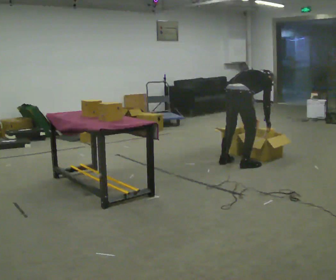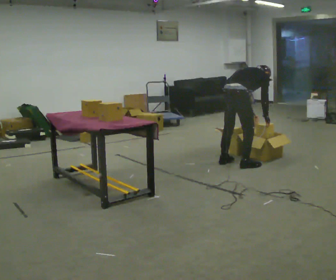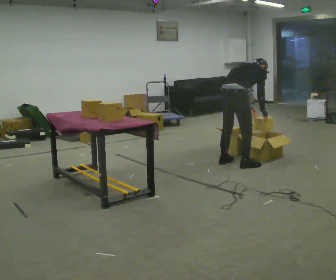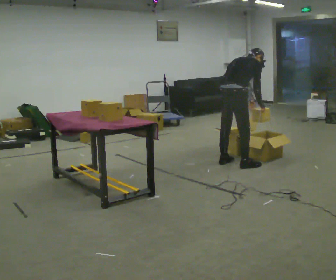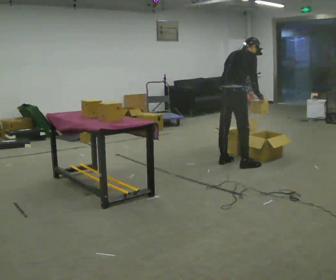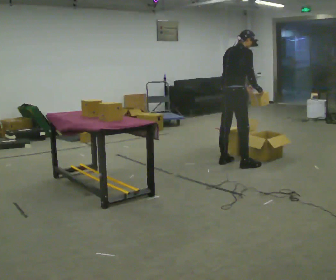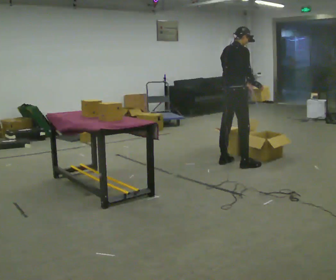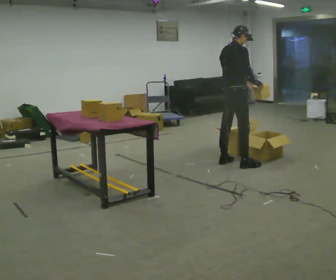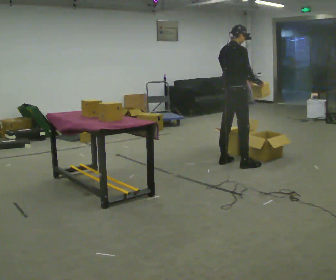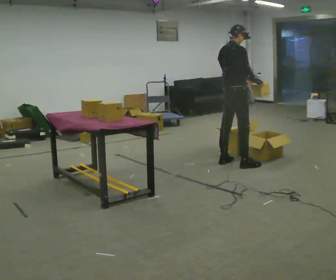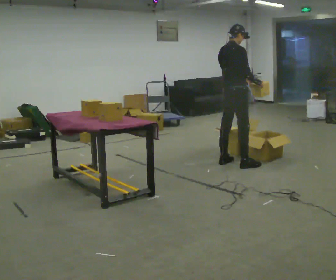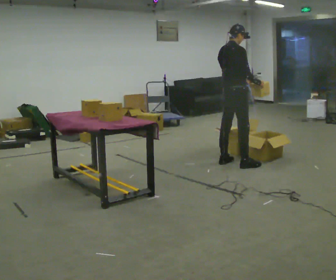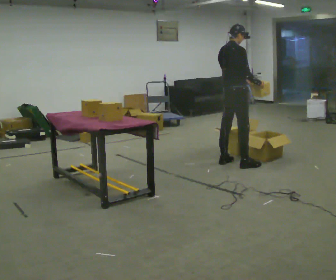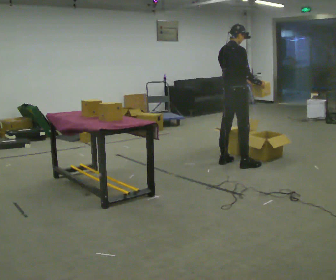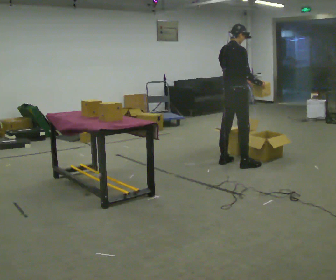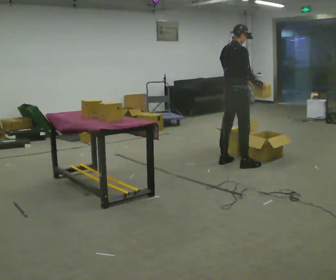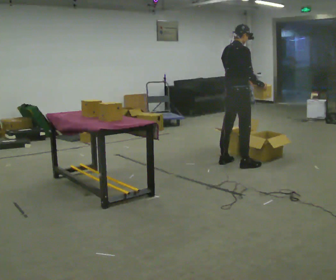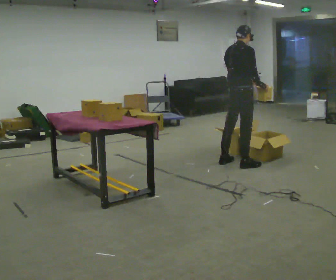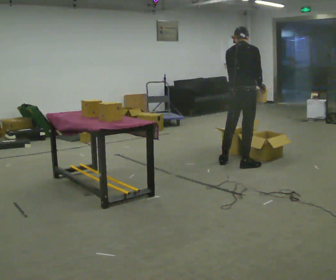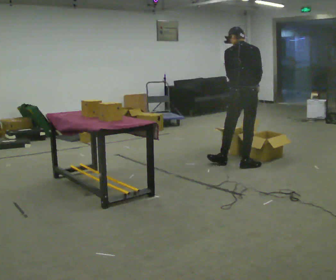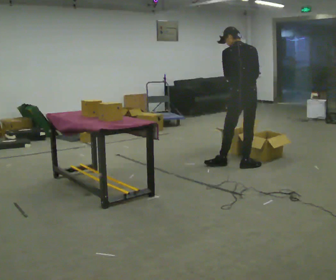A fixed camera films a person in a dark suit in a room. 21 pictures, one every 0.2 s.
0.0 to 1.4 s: In the picture they go away from the camera, about 0.25 m, which for them is to their left. The upper body goes upward. The upper body tips toward the camera, its near side rolling downward, as they lean back or straighten. In the picture their left hand goes upward.
1.4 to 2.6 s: The person moves a little, or ends about where they began.
2.6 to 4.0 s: Seen from above the body turns counterclockwise, about 60 degrees: to their left, with its near side sliding to the right. In the picture they go toward the camera, about 0.25 m, which for them is to their right.
The film runs forward here.
